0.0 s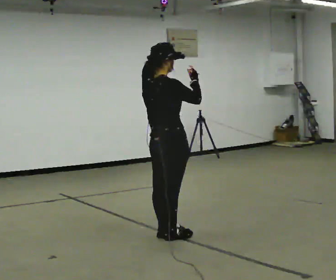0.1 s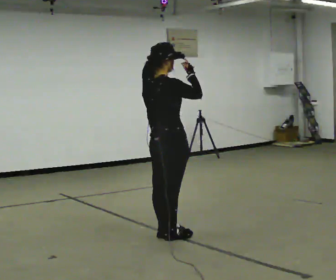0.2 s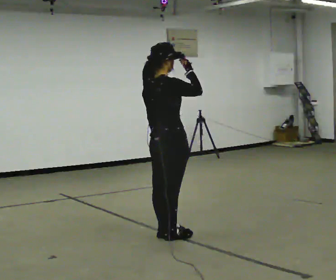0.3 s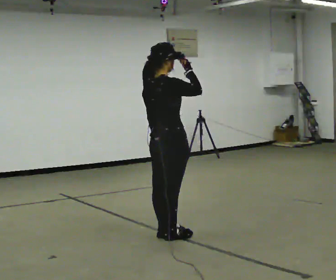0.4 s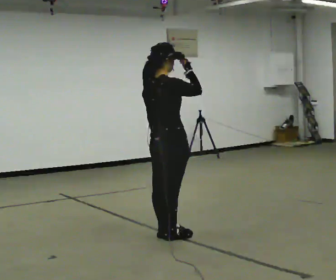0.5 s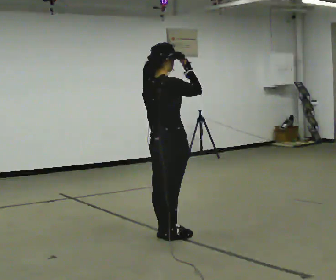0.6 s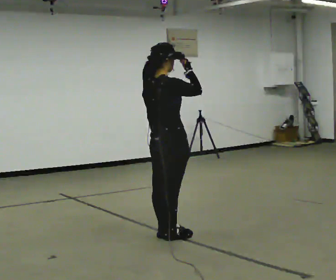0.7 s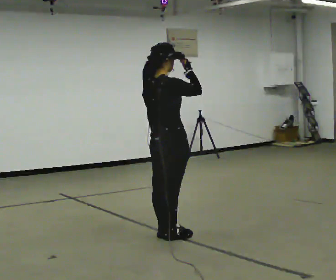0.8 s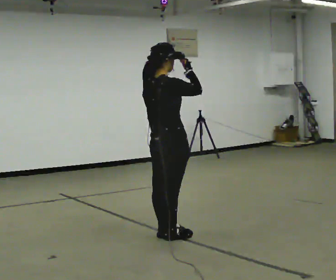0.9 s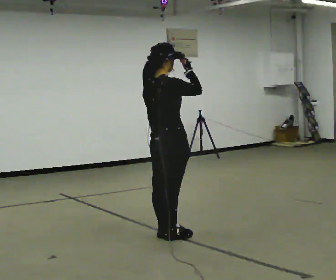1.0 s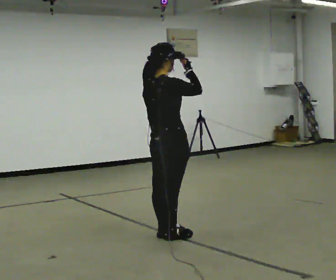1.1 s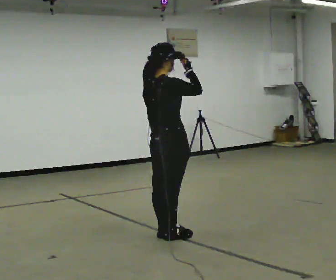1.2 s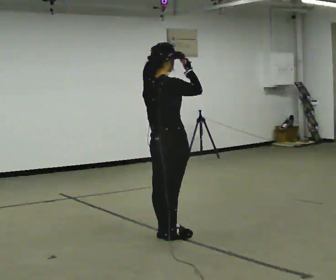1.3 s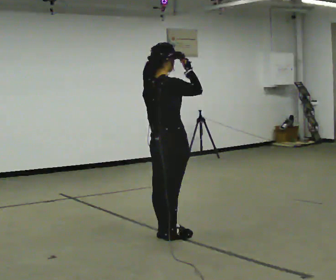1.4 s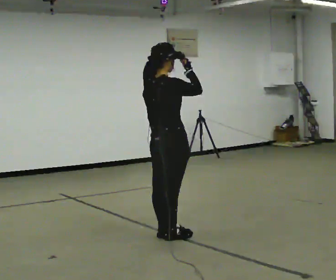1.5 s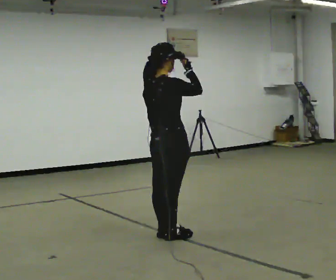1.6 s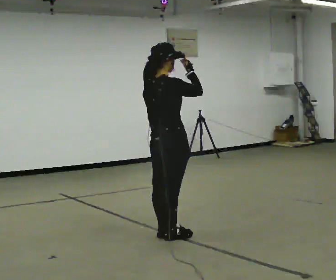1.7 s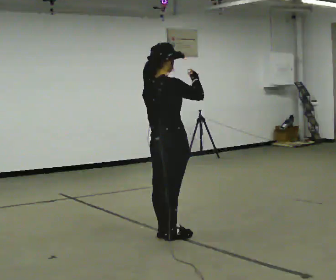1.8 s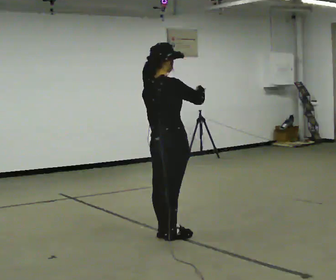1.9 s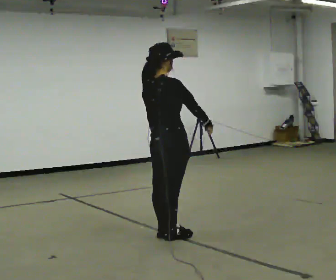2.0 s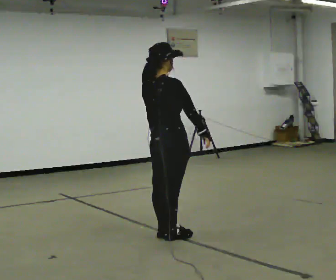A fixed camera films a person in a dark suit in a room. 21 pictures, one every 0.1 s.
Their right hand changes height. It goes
downward.
0.0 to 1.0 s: The person moves a little, or ends about where they began.
1.0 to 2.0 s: In the picture their right hand goes downward.
The film runs forward here.
